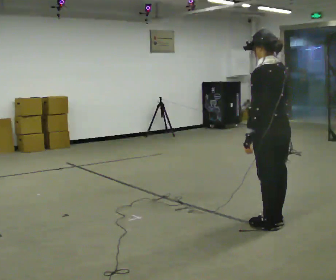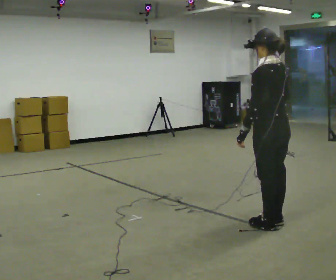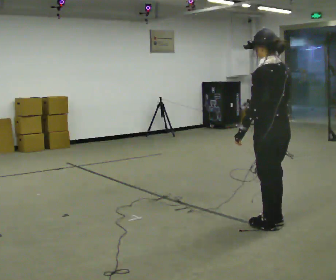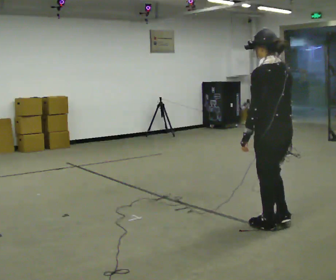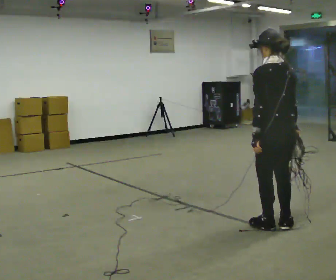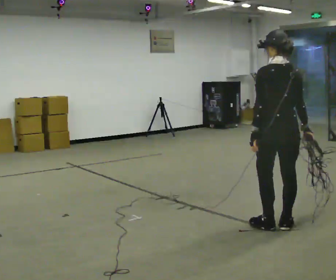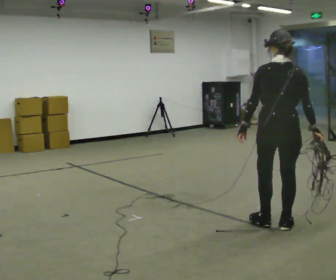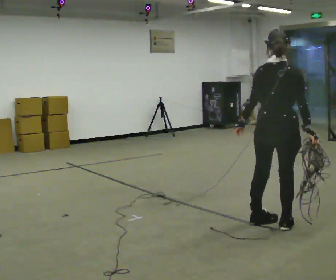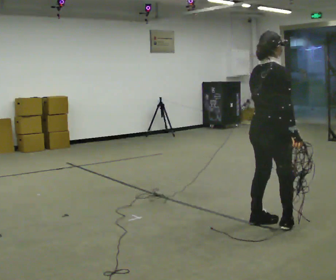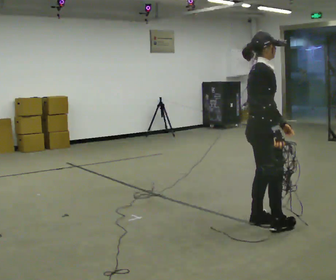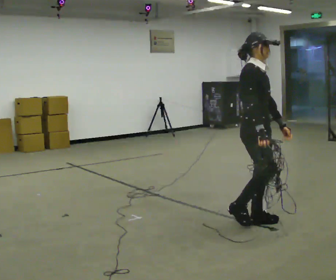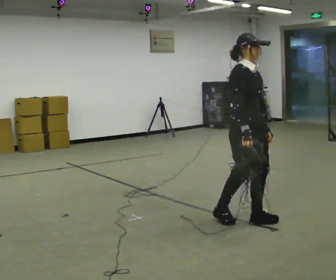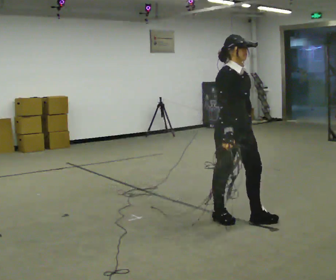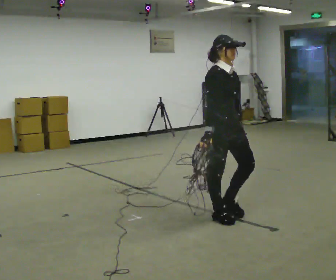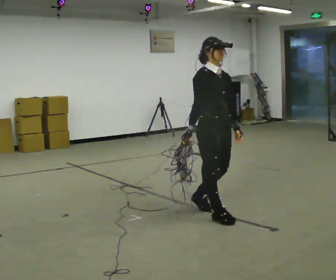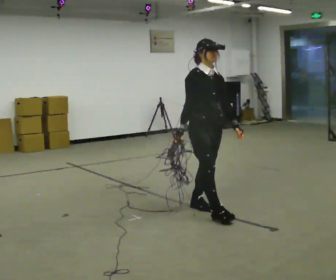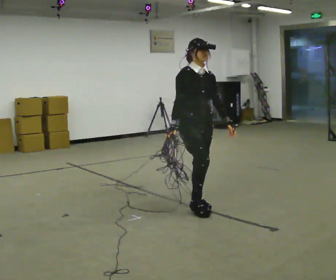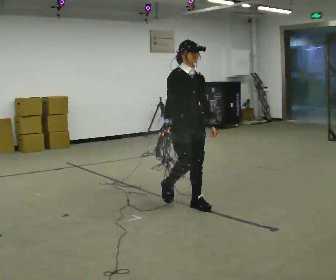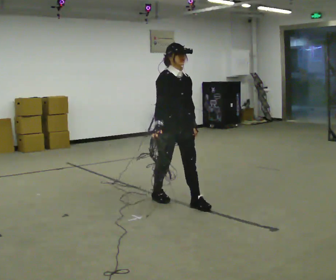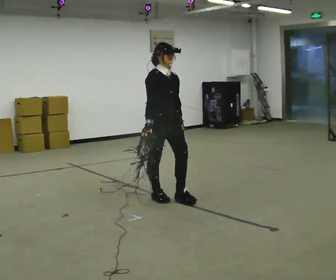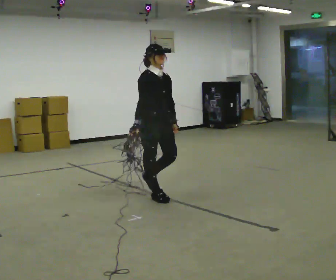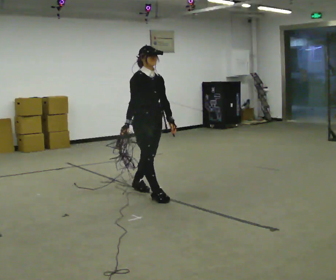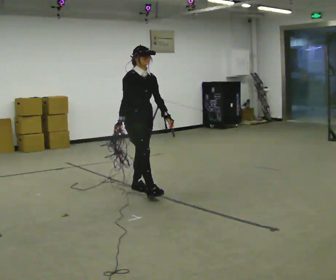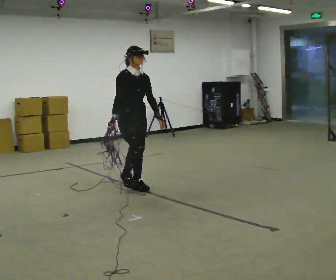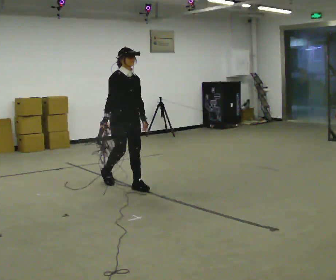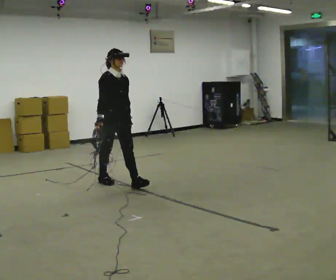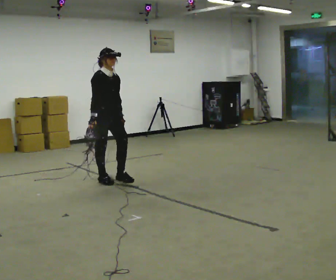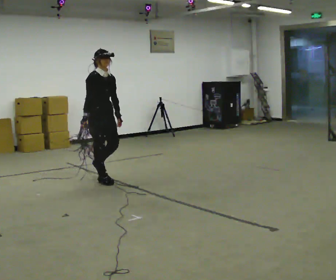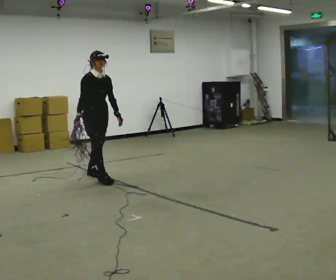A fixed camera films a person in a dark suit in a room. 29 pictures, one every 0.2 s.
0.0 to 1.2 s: Seen from above the body turns clockwise, about 30 degrees: to their right, with its near side sliding to the left.
1.2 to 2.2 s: The person turns about 135 degrees to their right, clockwise seen from above, so the part of the body nearest the lens slides to the left. In the picture they go to the left and away from the camera, about 0.25 m in 1 step.
2.2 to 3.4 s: In the picture they go to the left and away from the camera, about 0.5 m in 2 steps, which for them is backward.
3.4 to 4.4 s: In the picture they go to the left and away from the camera, about 1 m in 2 steps, which for them is backward.
4.4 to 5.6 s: In the picture they go to the left and away from the camera, about 1 m in 1 step, which for them is backward.
The film runs backward here.
